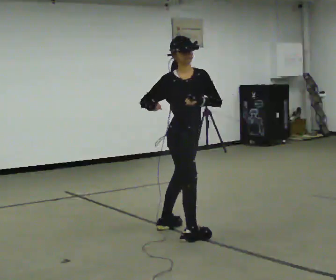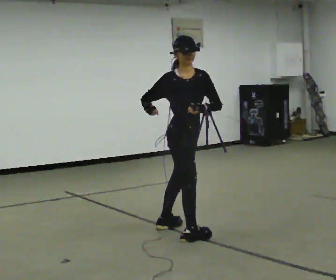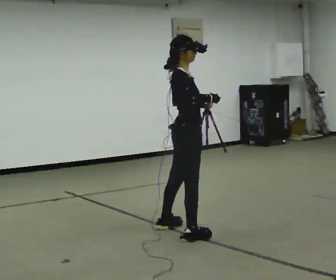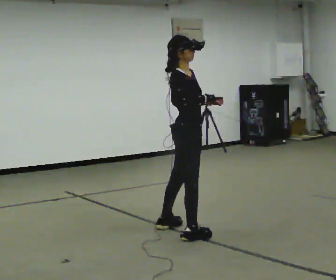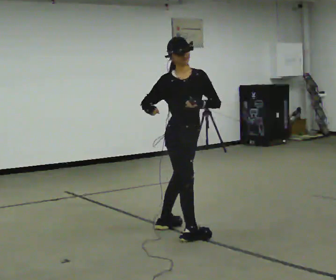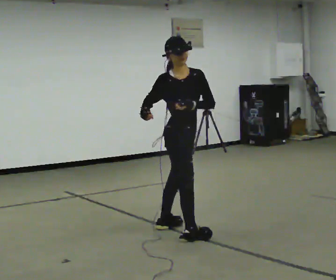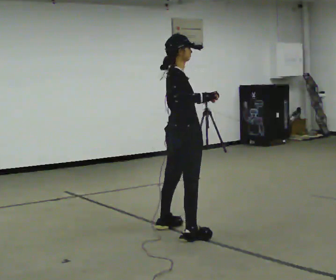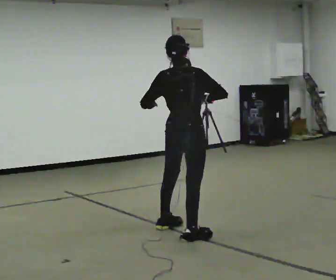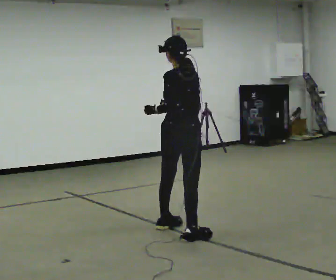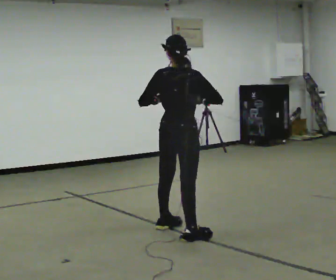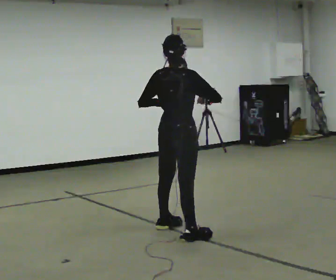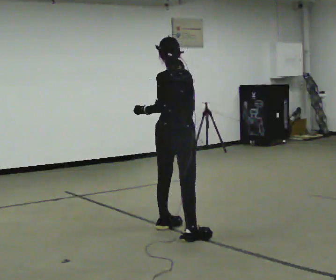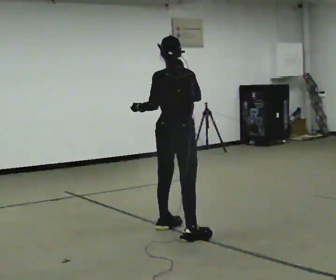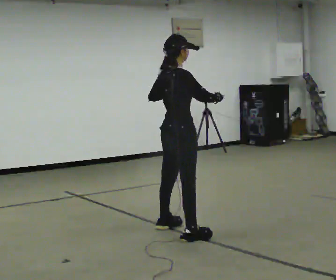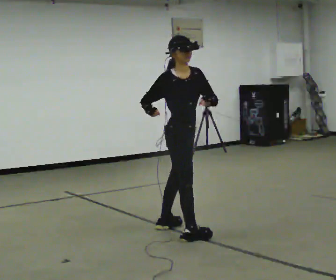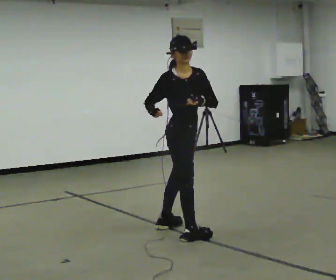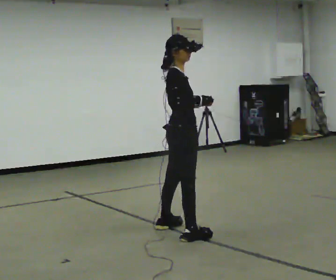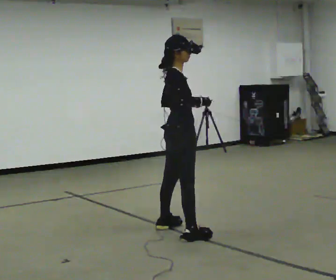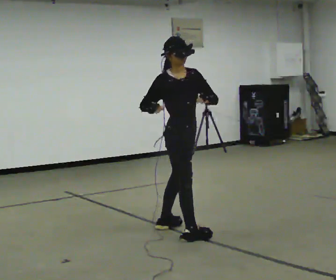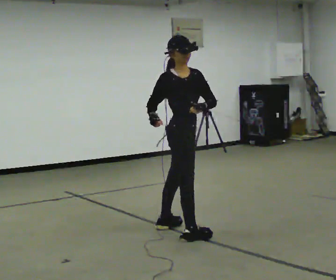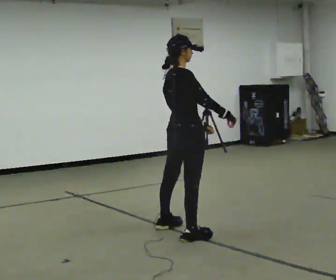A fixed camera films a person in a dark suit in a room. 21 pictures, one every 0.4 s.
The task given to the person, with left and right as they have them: Dance freely at a slow tempo as if to slow music; keep moving continuously.
0.0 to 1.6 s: The person moves a little, or ends about where they began.
1.6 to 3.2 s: The person turns about 135 degrees to their left, counterclockwise seen from above, so the part of the body nearest the lens slides to the right.
3.2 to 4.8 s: The person moves a little, or ends about where they began.
4.8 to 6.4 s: Seen from above the body turns clockwise, about 75 degrees: to their right, with its near side sliding to the left.
6.4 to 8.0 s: The person turns about 30 degrees to their left, counterclockwise seen from above, so the part of the body nearest the lens slides to the right.
The film runs forward here.
